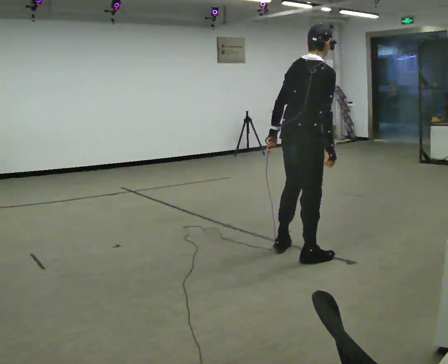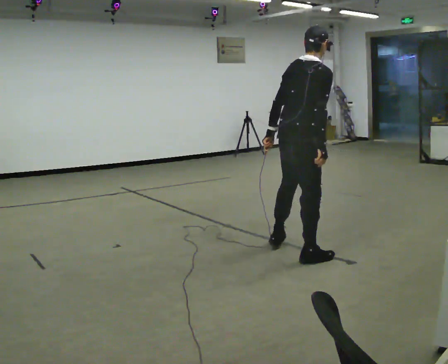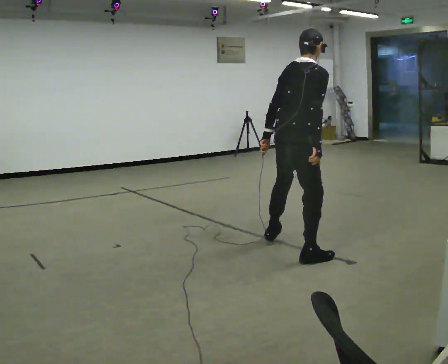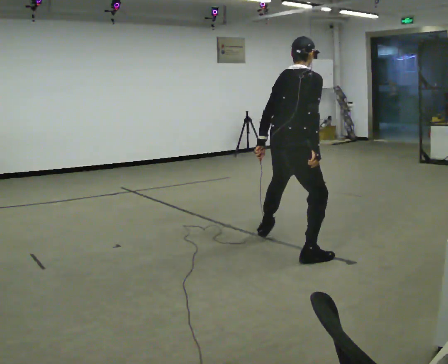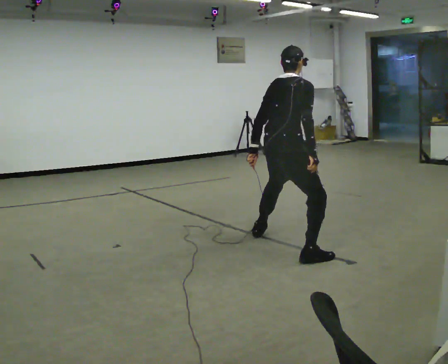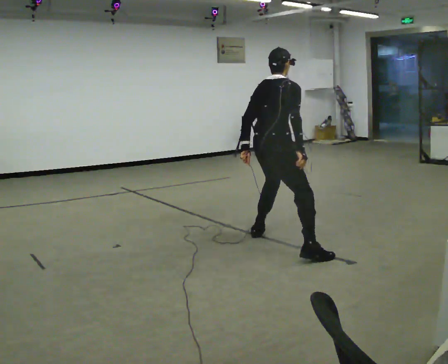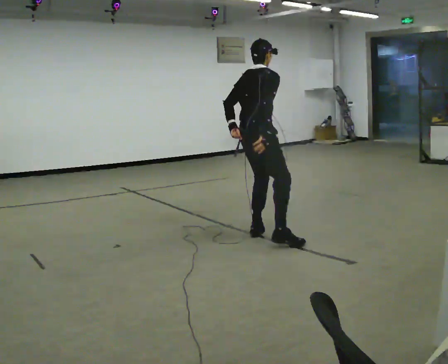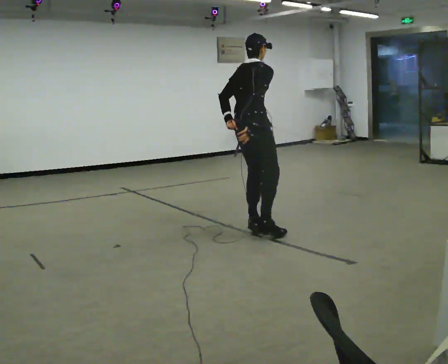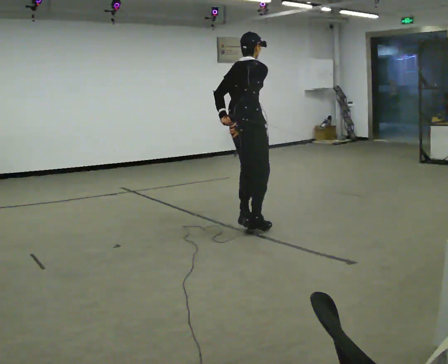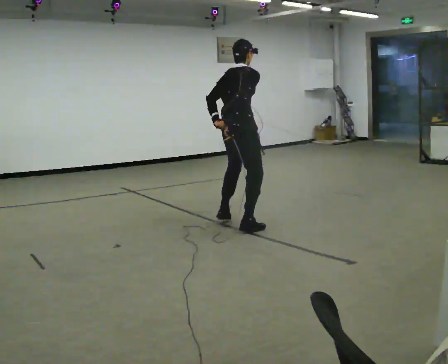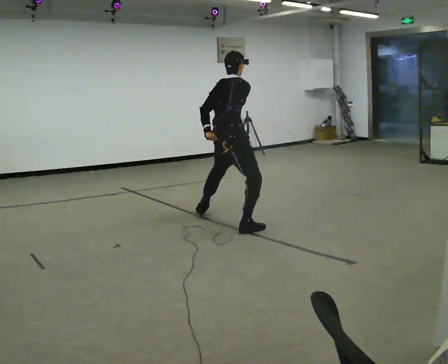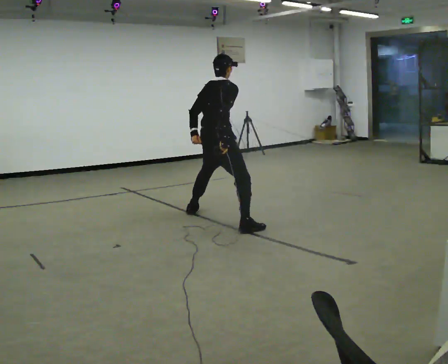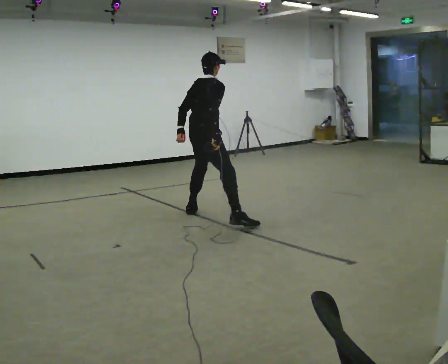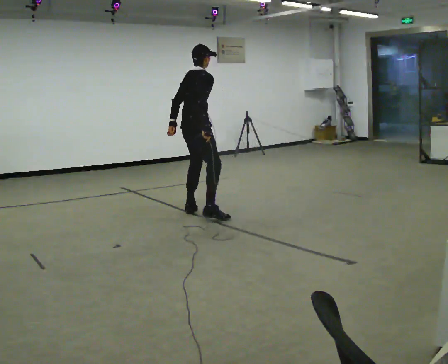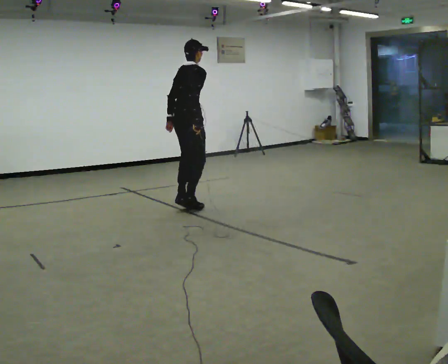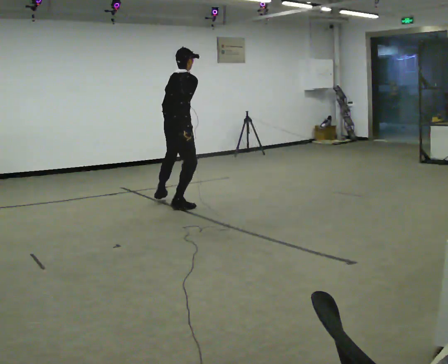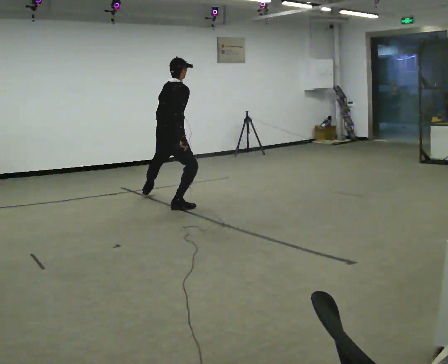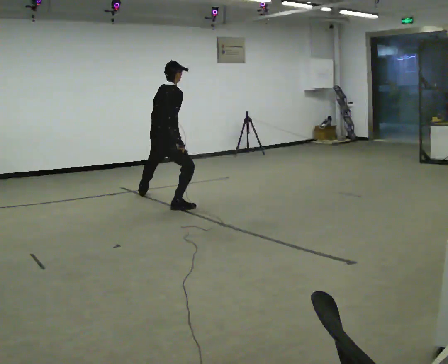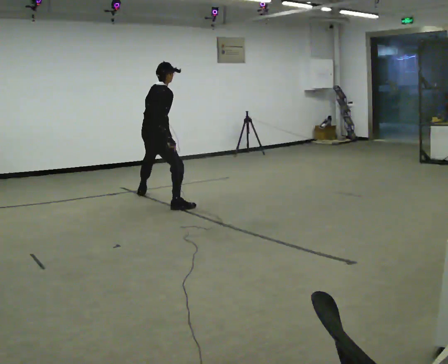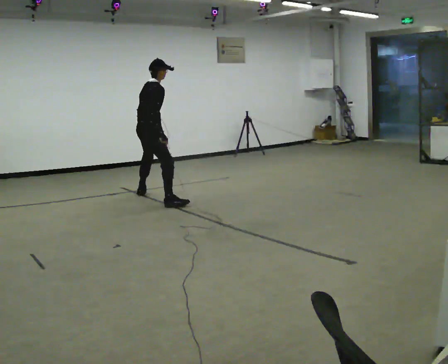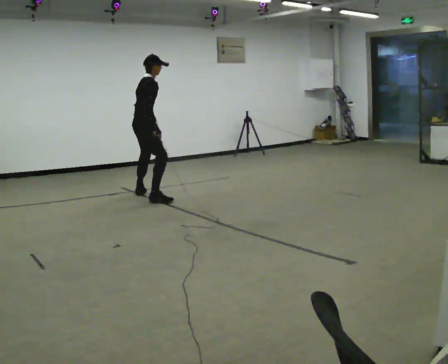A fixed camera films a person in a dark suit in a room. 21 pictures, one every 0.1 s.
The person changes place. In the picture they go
away from the camera.
0.0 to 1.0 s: In the picture they go away from the camera and to the left, about 1 m in 2 steps, which for them is to their left.
1.0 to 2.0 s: In the picture they go away from the camera and to the left, about 1.5 m in 3 steps, which for them is to their left.
The film runs forward here.
